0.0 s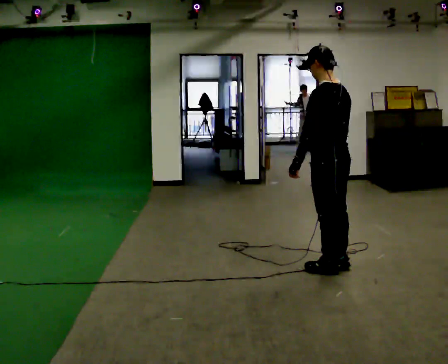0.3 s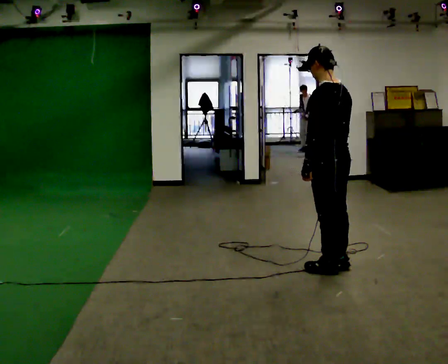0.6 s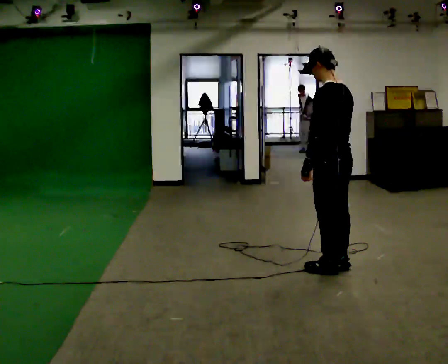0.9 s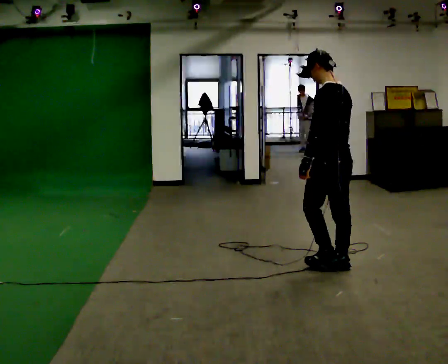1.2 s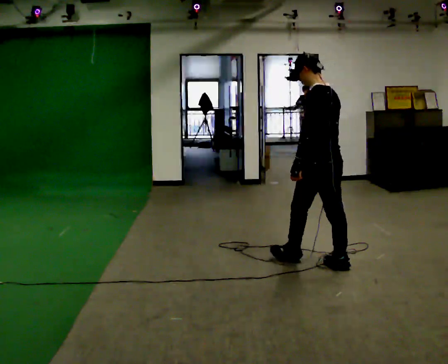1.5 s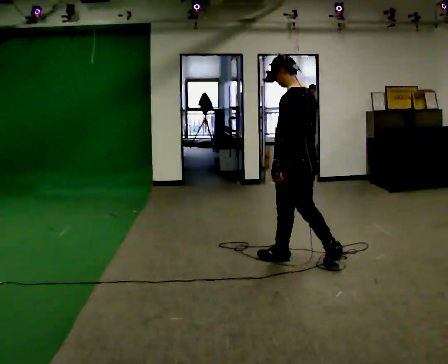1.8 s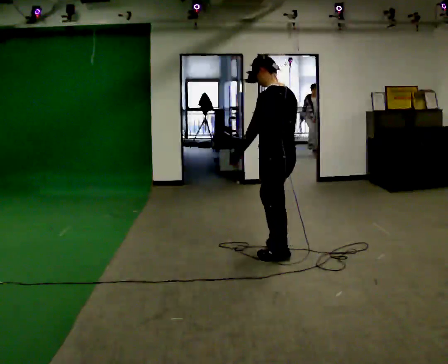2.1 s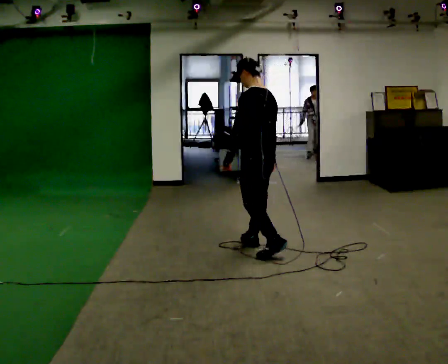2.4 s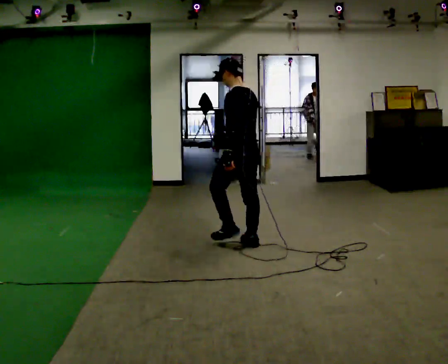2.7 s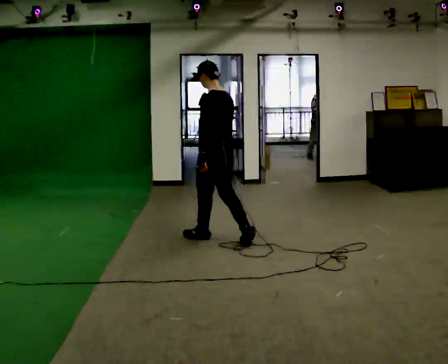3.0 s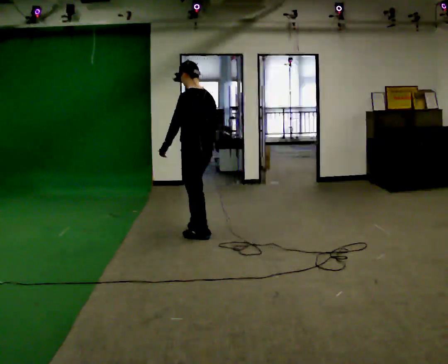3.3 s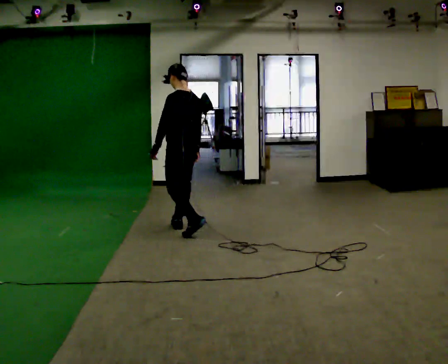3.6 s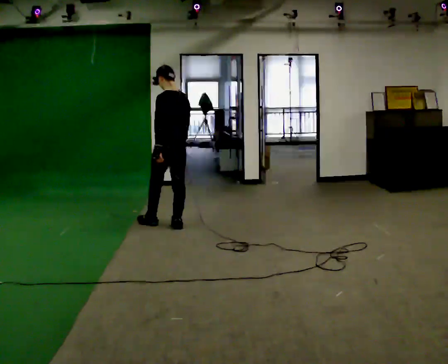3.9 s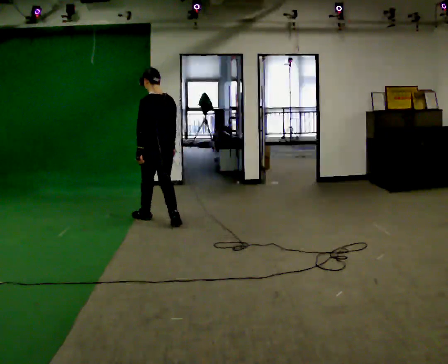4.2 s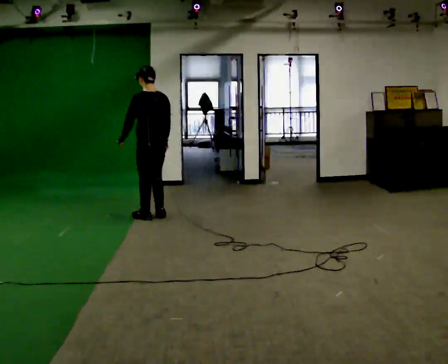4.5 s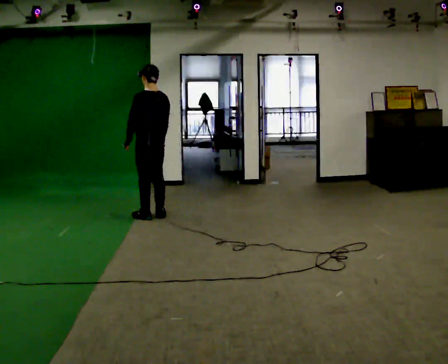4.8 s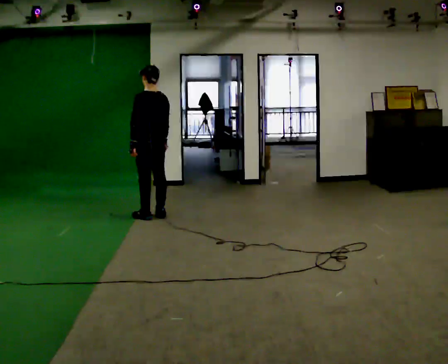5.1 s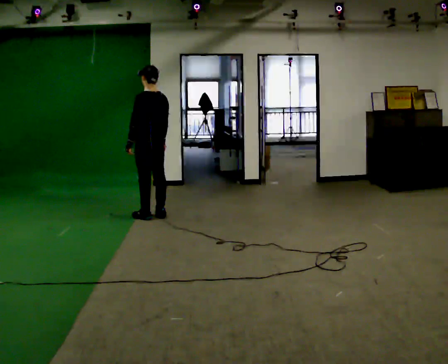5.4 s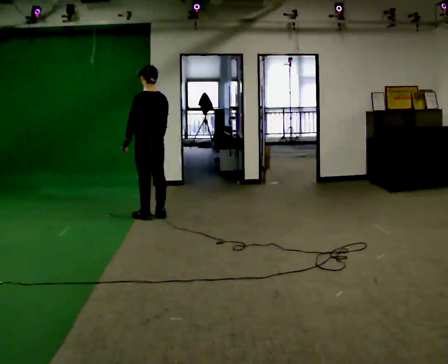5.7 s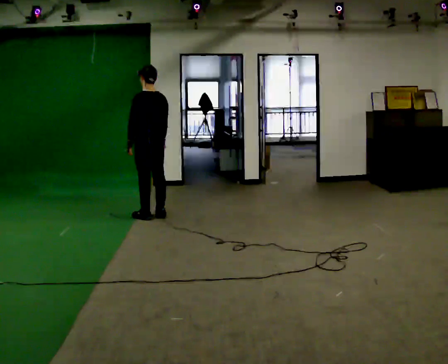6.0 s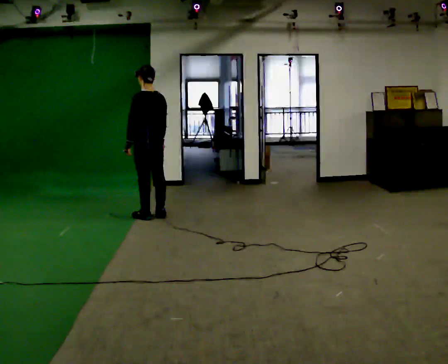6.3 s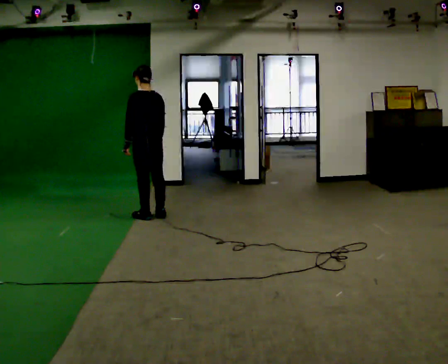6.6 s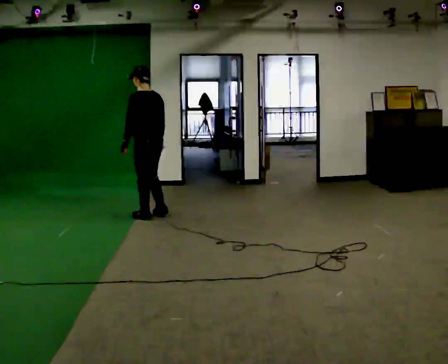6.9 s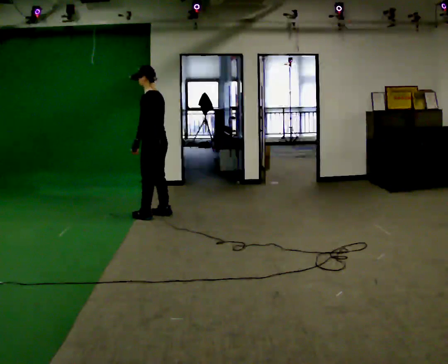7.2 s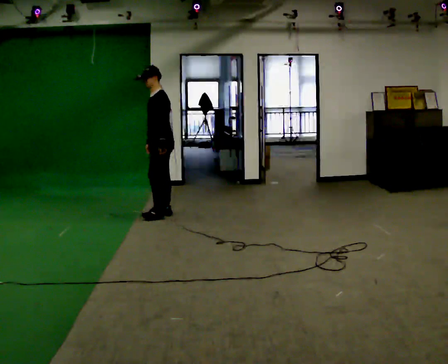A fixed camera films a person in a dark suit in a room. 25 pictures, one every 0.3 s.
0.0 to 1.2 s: The person moves a little, or ends about where they began.
1.2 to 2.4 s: In the picture they go away from the camera and to the left, about 1 m in 2 steps, which for them is forward.
2.4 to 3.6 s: In the picture they go away from the camera and to the left, about 1 m in 2 steps, which for them is forward.
3.6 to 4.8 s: In the picture they go away from the camera and to the left, about 0.5 m in 2 steps, which for them is forward.
4.8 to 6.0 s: The person moves a little, or ends about where they began.
6.0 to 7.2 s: The person turns about 75 degrees to their left, counterclockwise seen from above, so the part of the body nearest the lens slides to the right. In the picture they go to the right, about 0.25 m. In the picture their left hand goes to the right.
The film runs forward here.
